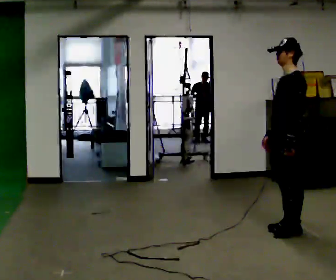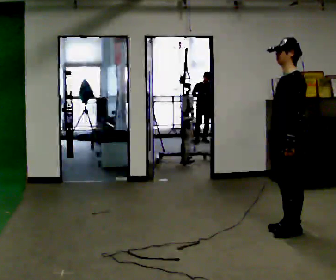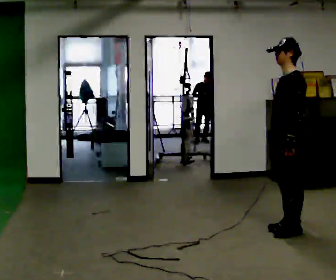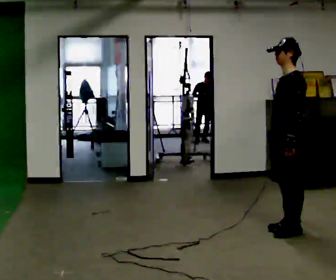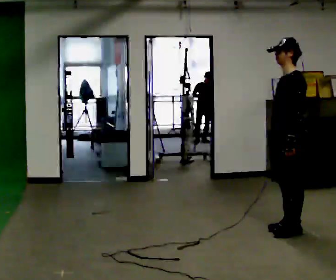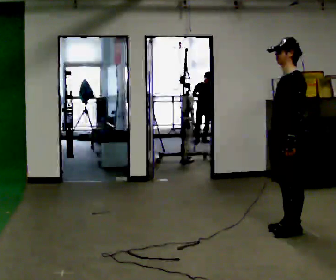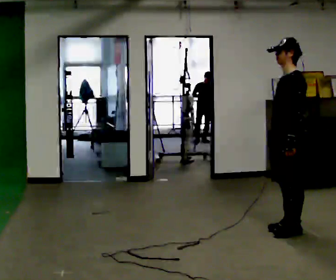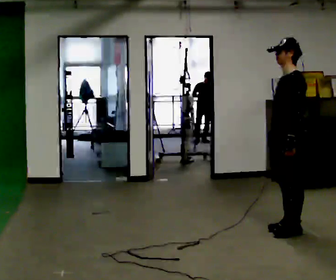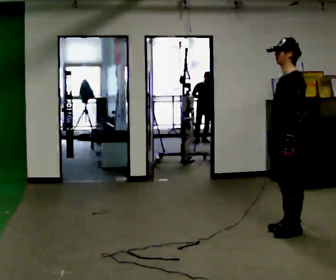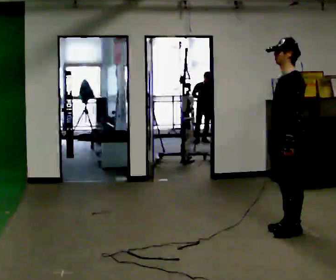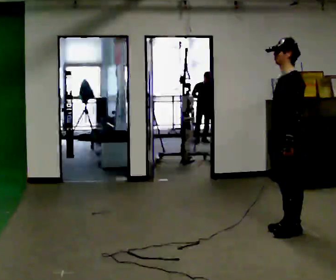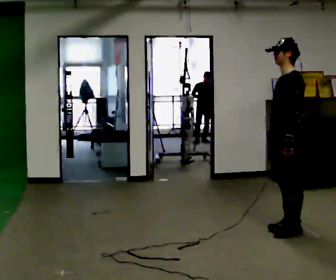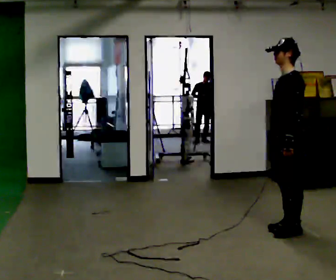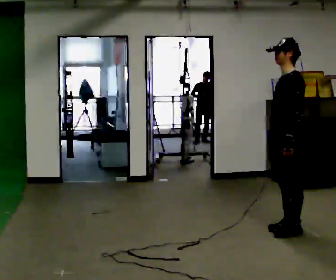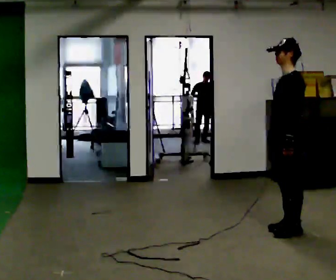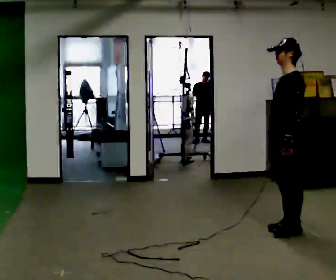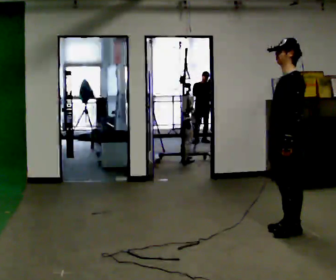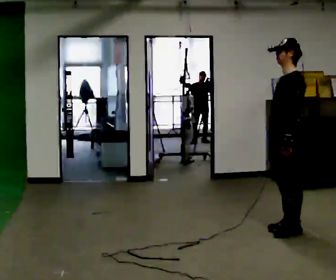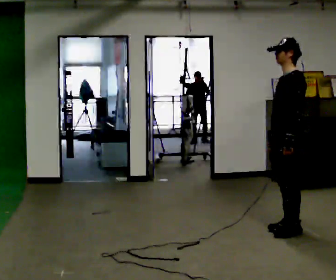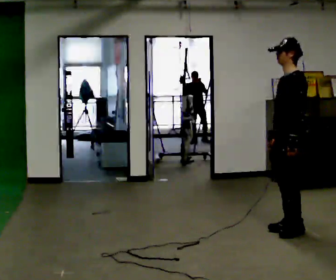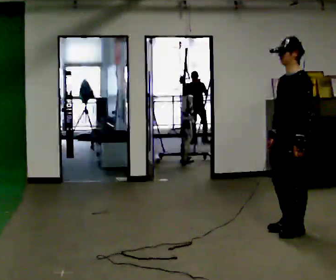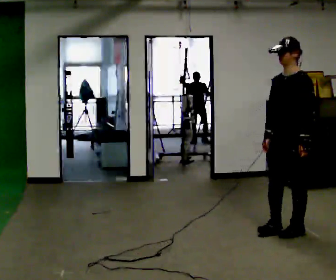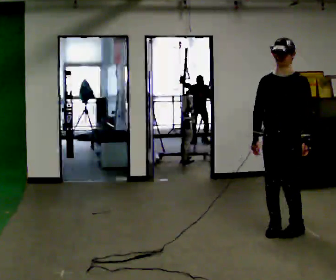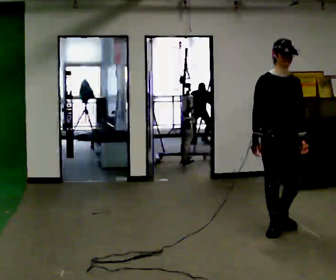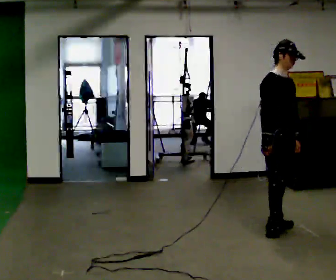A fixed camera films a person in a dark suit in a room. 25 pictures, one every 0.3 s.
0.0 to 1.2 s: The person moves a little, or ends about where they began.
1.2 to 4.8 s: The person keeps their place and pose.
4.8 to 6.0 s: The person moves a little, or ends about where they began.
6.0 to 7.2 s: The person turns about 120 degrees to their left, counterclockwise seen from above, so the part of the body nearest the lens slides to the right. In the picture they go to the left, about 0.25 m in 1 step.
The film runs backward here.
